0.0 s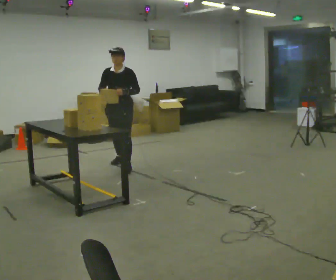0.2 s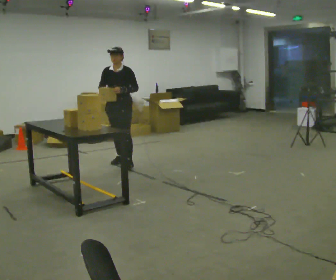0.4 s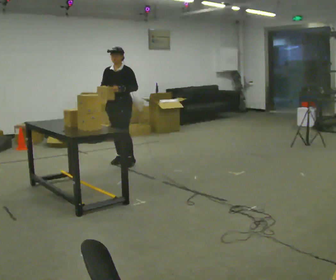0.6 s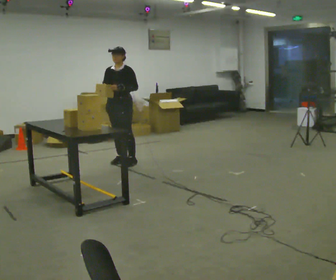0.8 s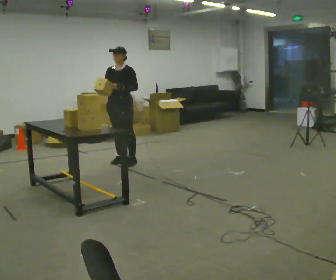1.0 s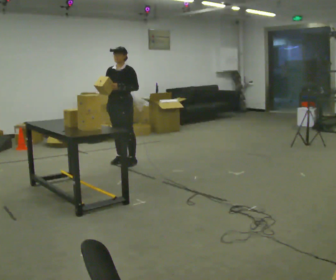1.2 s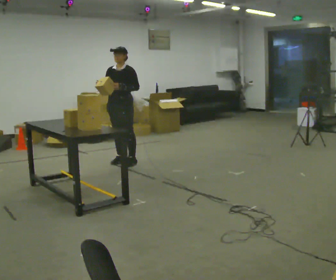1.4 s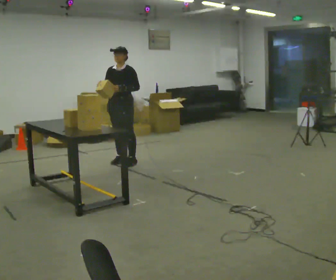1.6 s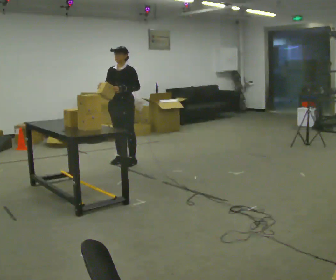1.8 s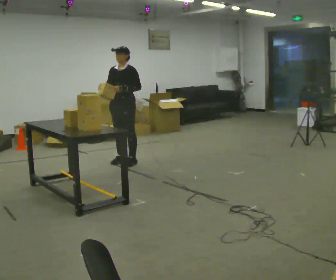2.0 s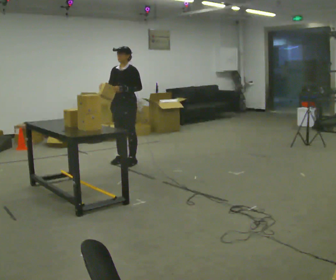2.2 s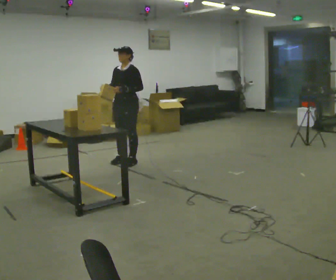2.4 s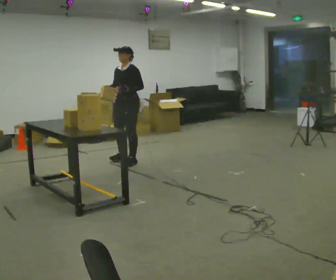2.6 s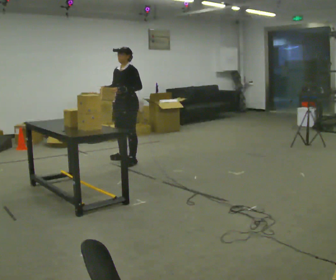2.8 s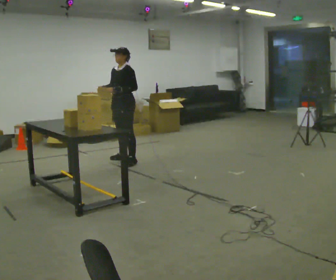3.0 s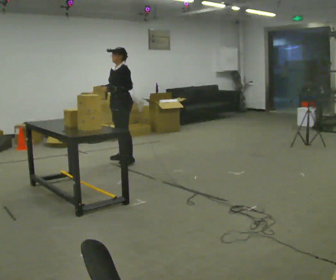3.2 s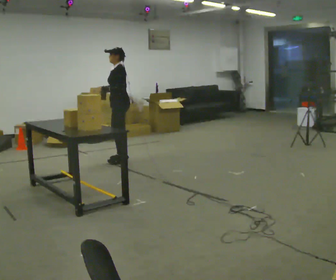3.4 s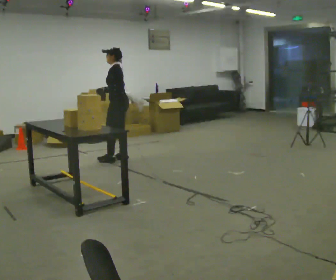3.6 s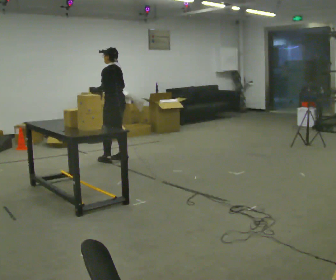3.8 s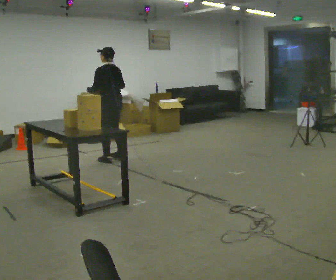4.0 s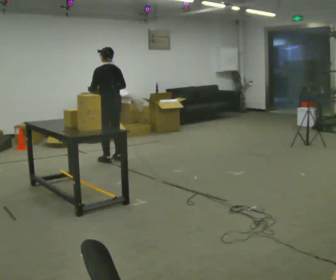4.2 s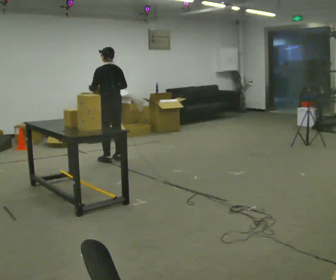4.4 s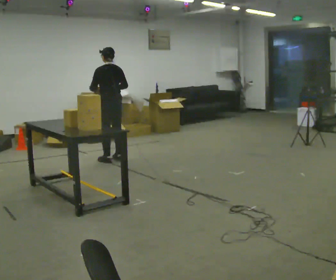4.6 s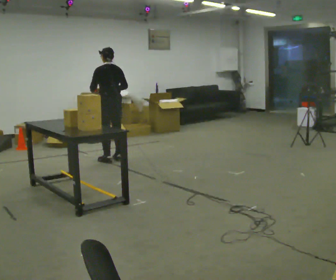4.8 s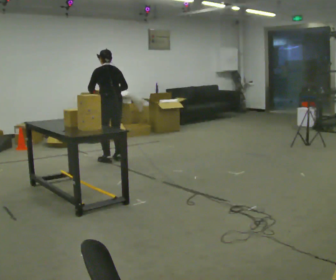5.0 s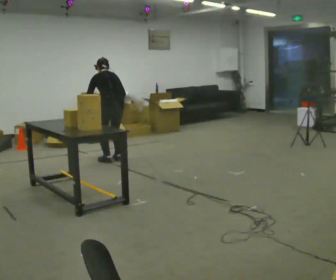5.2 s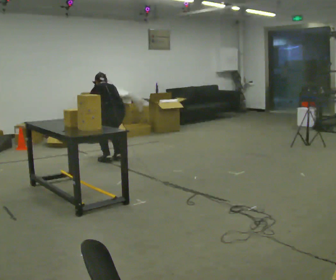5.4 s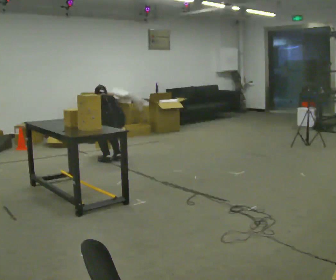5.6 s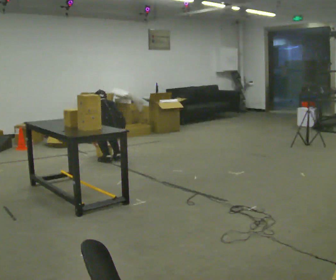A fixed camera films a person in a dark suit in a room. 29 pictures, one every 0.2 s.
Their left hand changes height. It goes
downward.
Their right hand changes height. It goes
downward.
0.0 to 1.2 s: In the picture they go away from the camera, about 0.25 m in 1 step, which for them is backward.
1.2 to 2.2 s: The person moves a little, or ends about where they began.
2.2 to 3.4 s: The part of the body nearest the lens slides to the left as the person turns to their right by about 45 degrees. In the picture they go away from the camera, about 0.25 m in 1 step, which for them is to their right.
3.4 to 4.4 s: The person turns about 45 degrees to their right, clockwise seen from above, so the part of the body nearest the lens slides to the left.
4.4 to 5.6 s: The shoulders move downward. The upper body tips away from the camera, its near side rolling upward, as they bend forward. In the picture their right hand goes downward.
The film runs backward here.
